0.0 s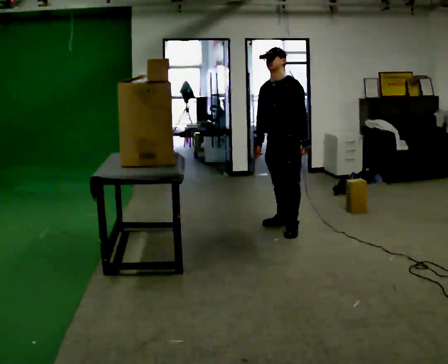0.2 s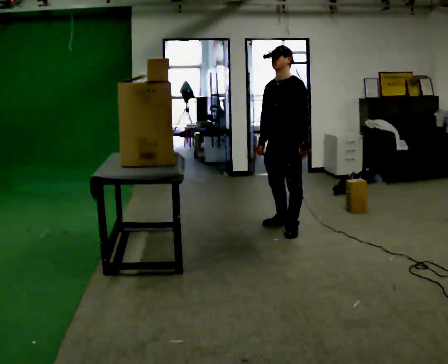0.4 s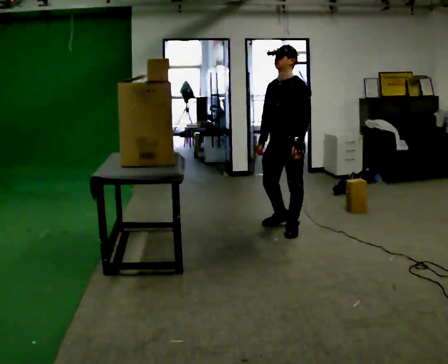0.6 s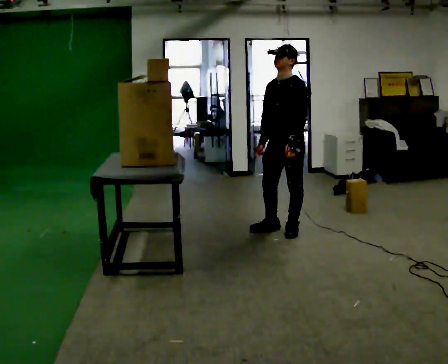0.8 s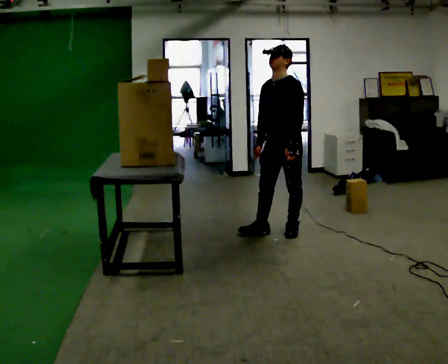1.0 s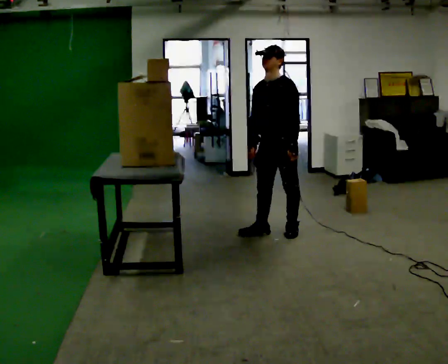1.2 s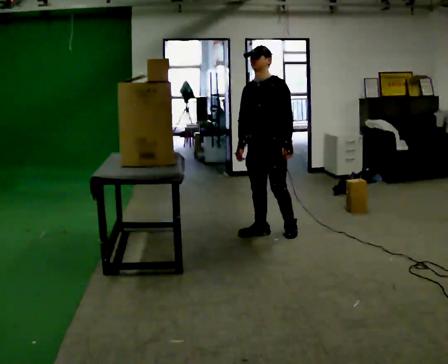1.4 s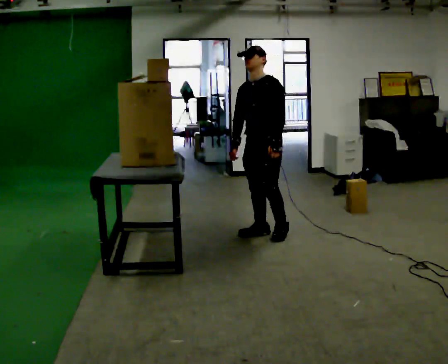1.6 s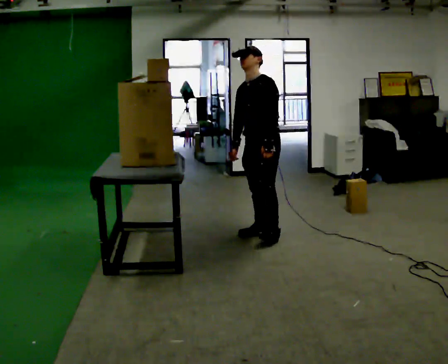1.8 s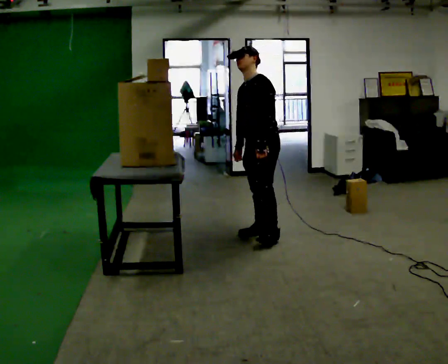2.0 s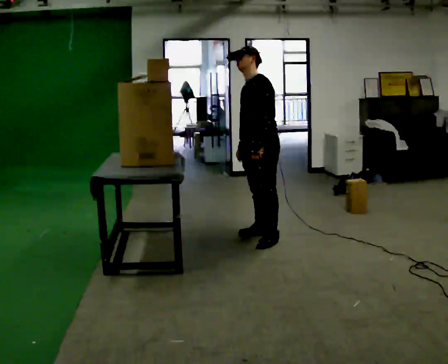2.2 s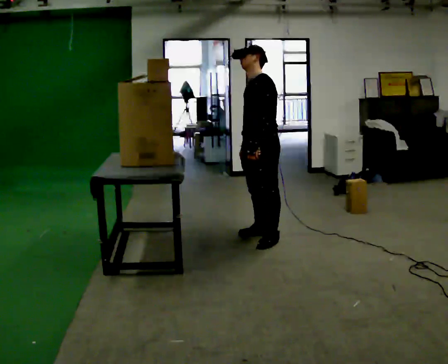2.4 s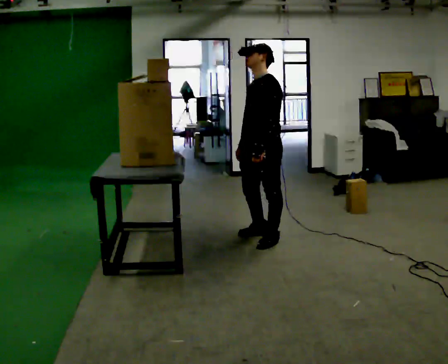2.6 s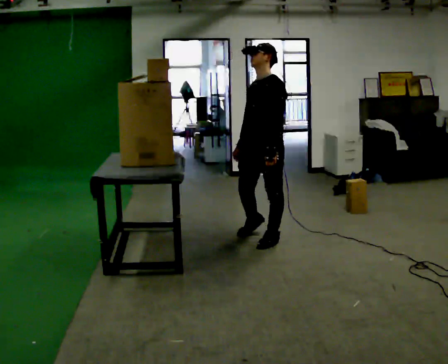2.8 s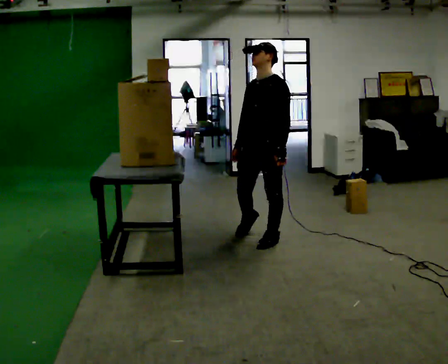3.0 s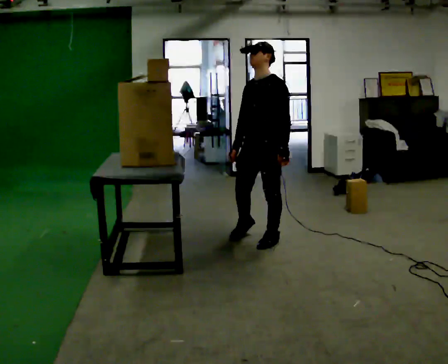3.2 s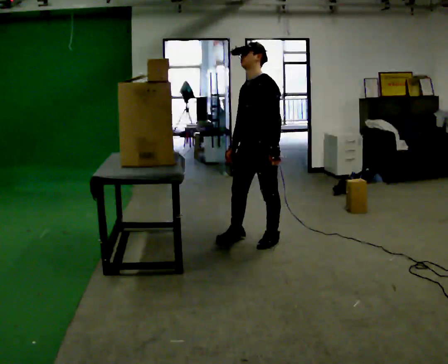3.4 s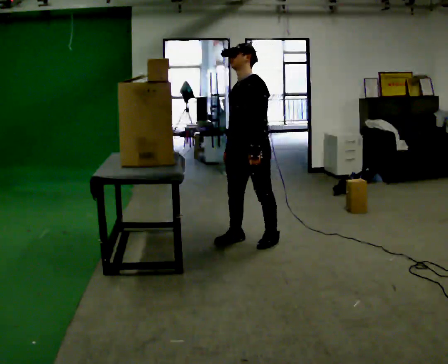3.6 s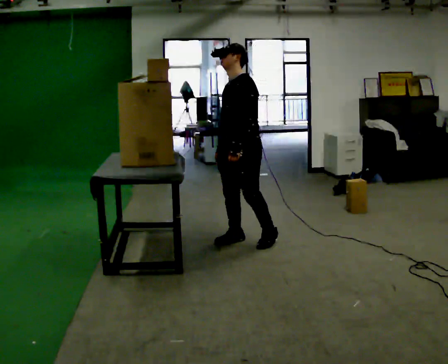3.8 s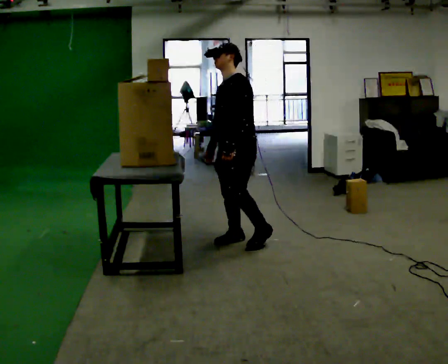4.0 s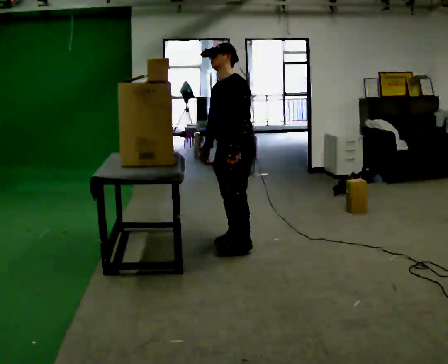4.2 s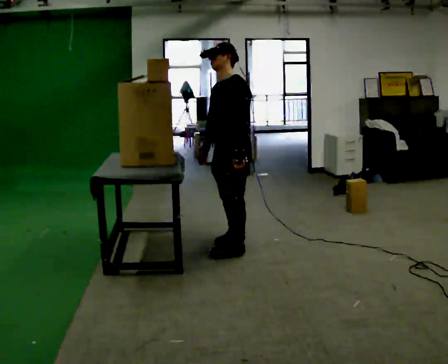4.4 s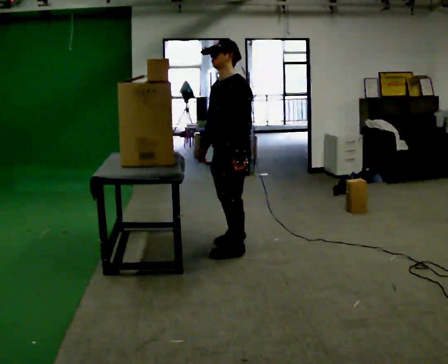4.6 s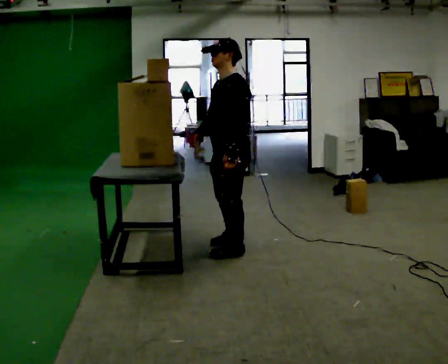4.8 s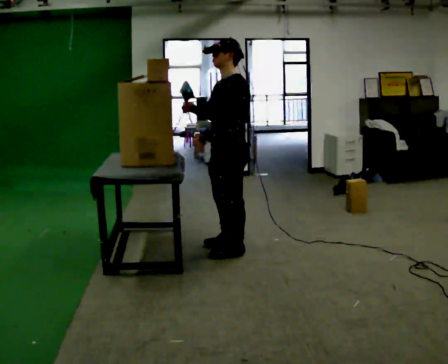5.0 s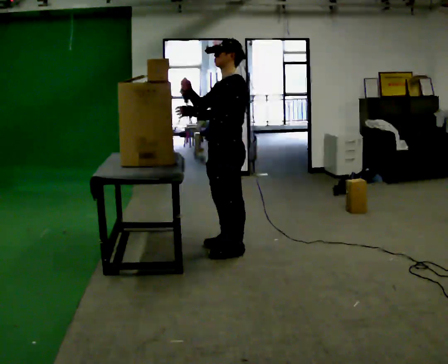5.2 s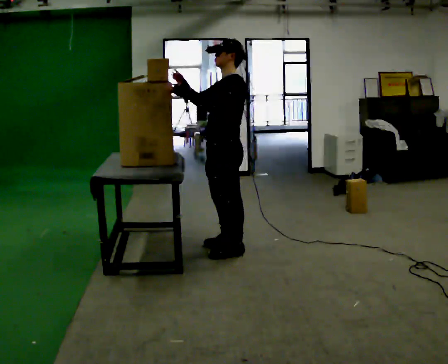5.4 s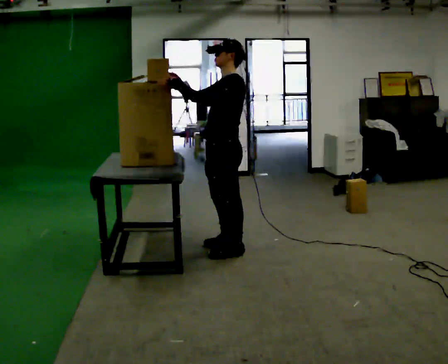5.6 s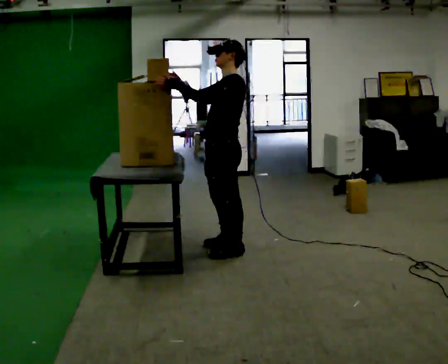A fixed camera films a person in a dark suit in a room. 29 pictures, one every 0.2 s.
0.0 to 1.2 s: In the picture they go toward the camera and to the left, about 0.25 m in 1 step, which for them is forward.
1.2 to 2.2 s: In the picture they go toward the camera, about 0.25 m in 1 step, which for them is forward.
2.2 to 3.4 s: The person moves a little, or ends about where they began.
3.4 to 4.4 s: In the picture they go toward the camera, about 0.25 m in 1 step, which for them is forward.
4.4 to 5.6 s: In the picture their left hand goes upward and to the left, the arm swinging clockwise.
The film runs forward here.
